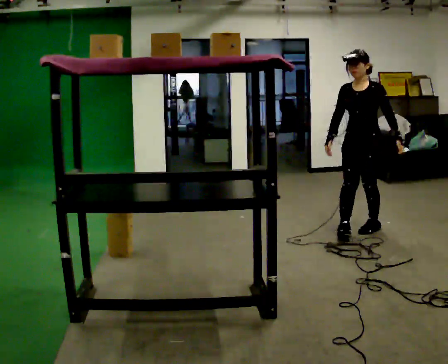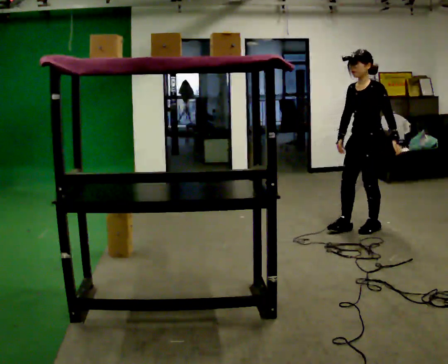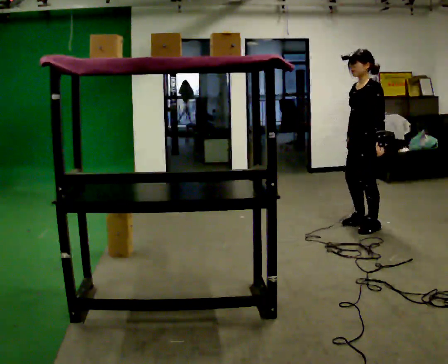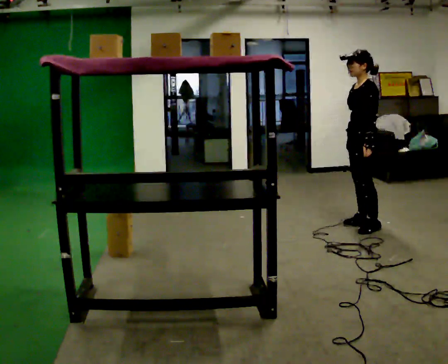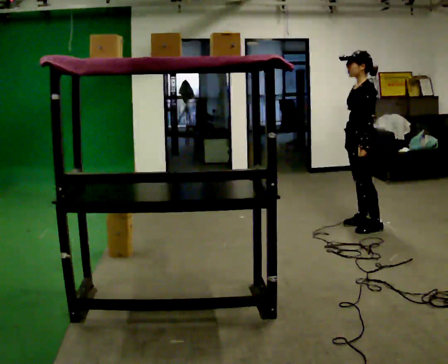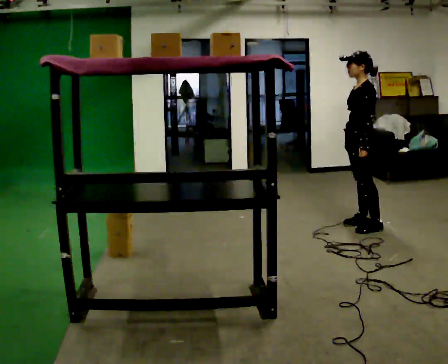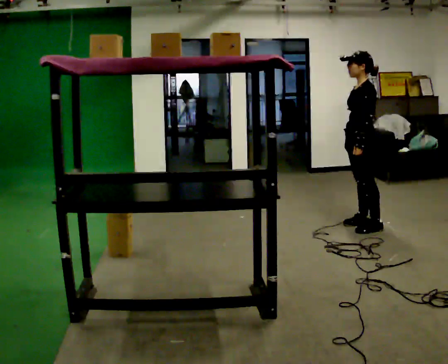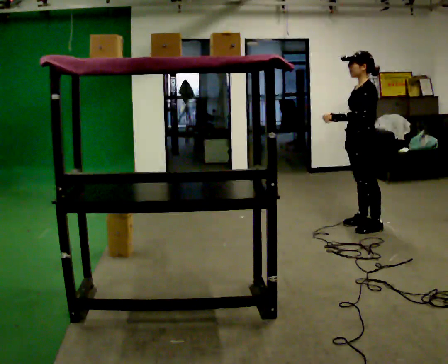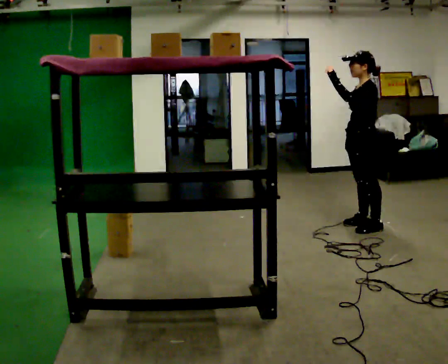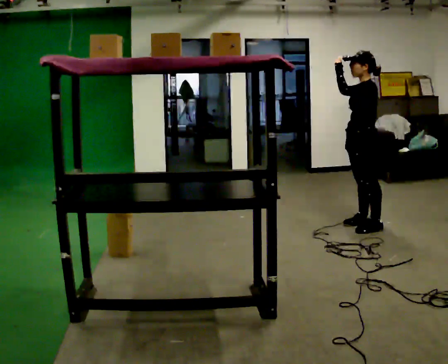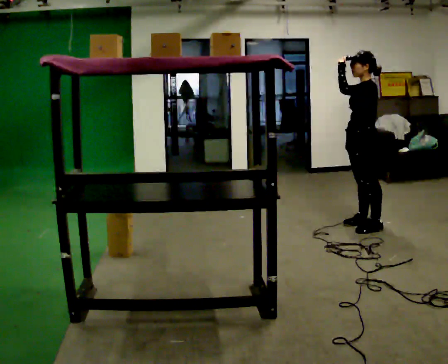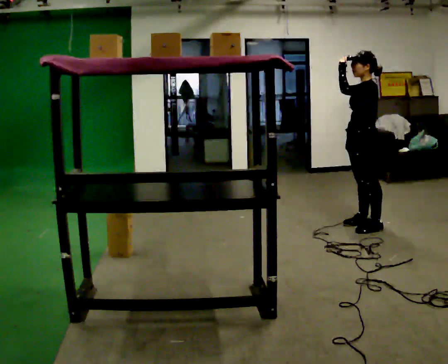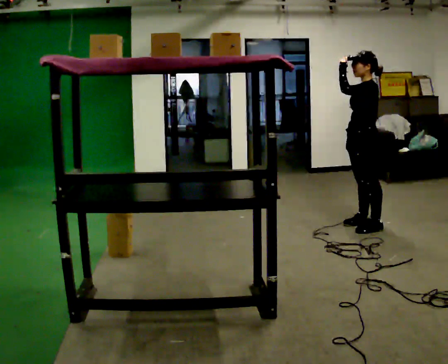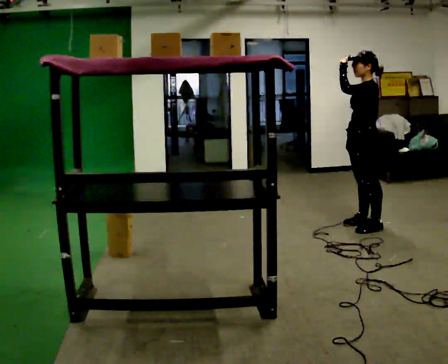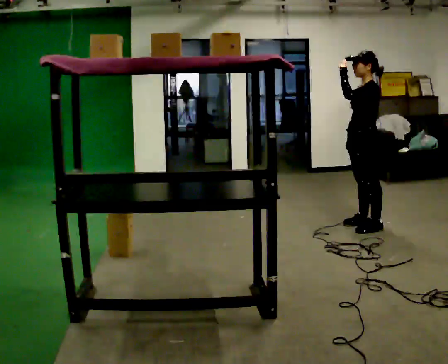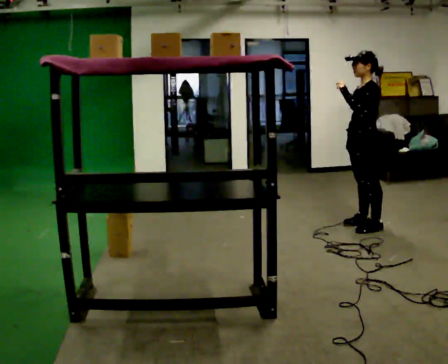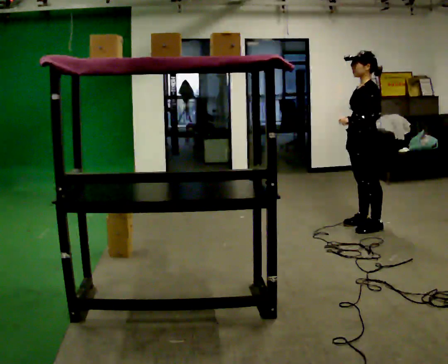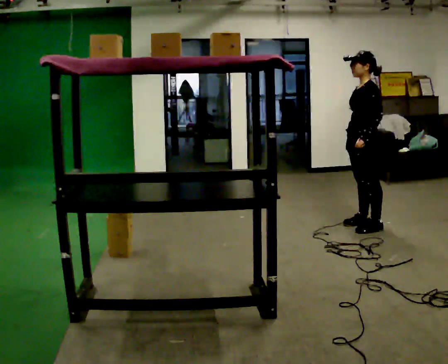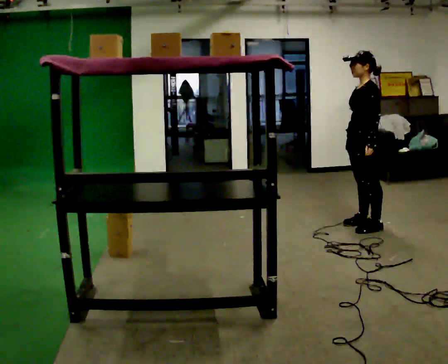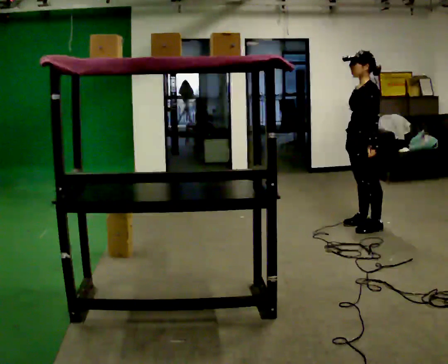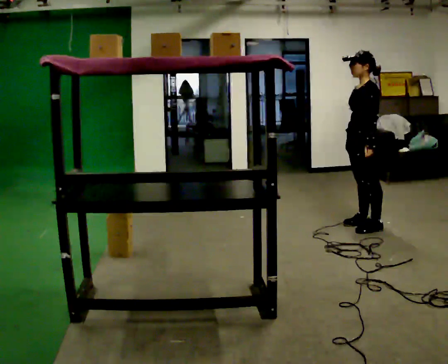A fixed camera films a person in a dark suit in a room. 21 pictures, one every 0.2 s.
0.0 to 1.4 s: The part of the body nearest the lens slides to the left as the person turns to their right by about 45 degrees. In the picture their left hand goes to the left.
1.4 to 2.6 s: The person moves a little, or ends about where they began.
2.6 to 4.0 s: In the picture their left hand goes downward.
The film runs forward here.
